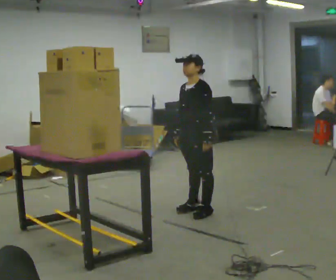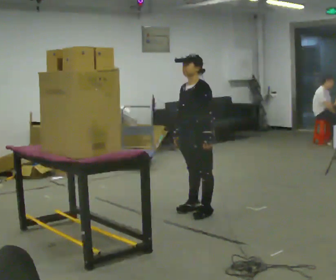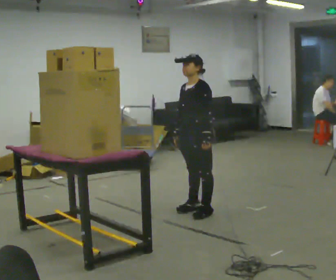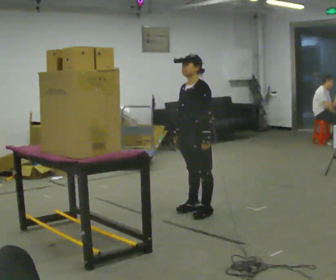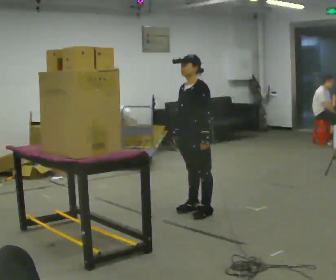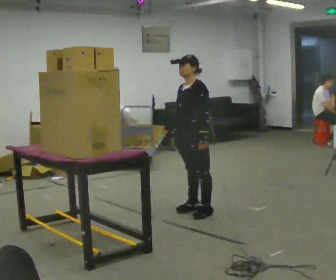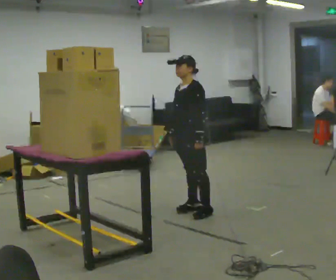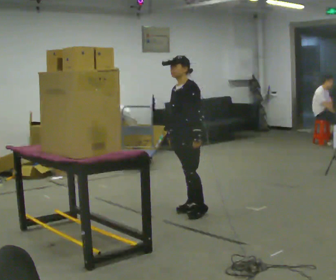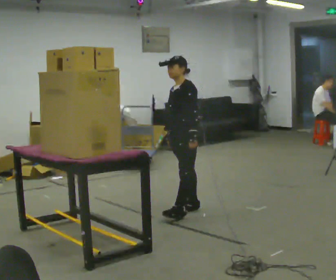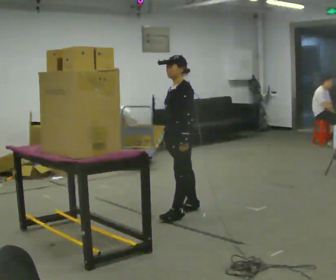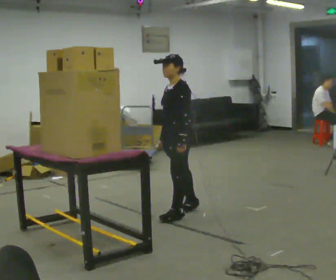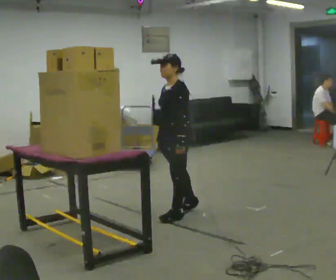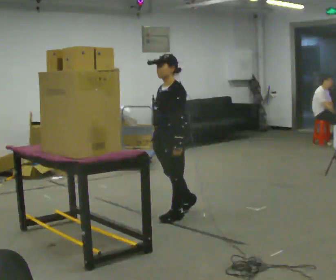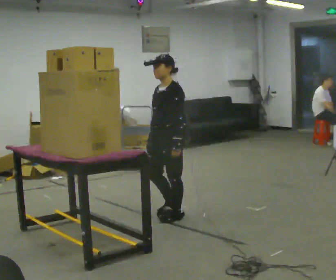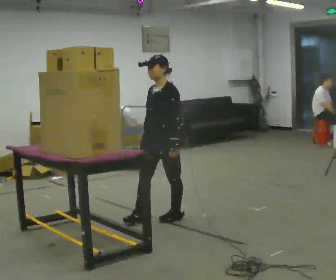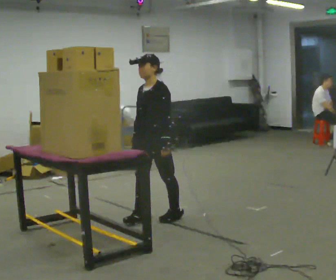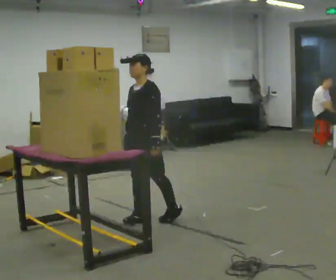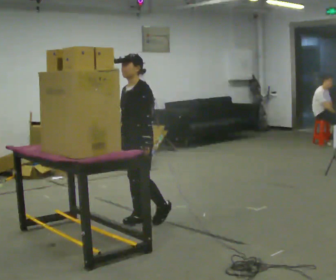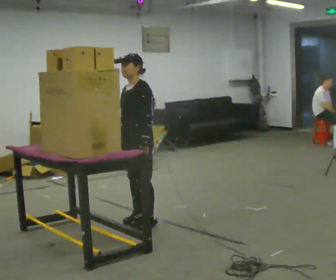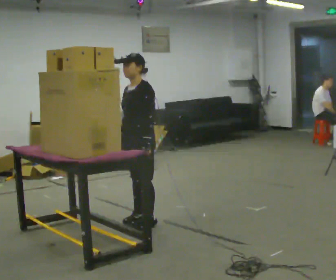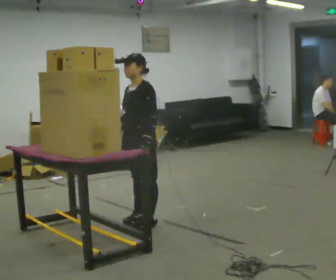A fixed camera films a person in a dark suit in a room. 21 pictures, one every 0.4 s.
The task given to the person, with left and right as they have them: Take an object down from the highest shelf you can comfortably reach, carry it across the room, and set it on the floor. Keep going until the operator says stop; one object at a time, and do not rush between trips.
0.0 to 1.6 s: The person keeps their place and pose.
1.6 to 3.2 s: The person moves a little, or ends about where they began.
3.2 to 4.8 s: In the picture they go toward the camera, about 0.25 m, which for them is forward and to their left.
4.8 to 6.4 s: In the picture they go to the left, about 0.25 m in 1 step, which for them is forward.
6.4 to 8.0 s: The person moves a little, or ends about where they began.
The film runs forward here.
